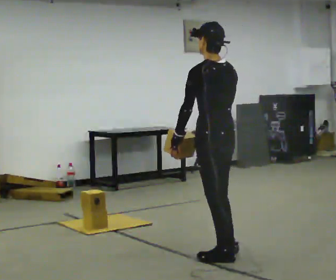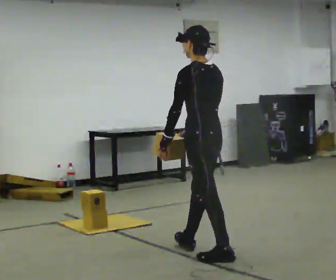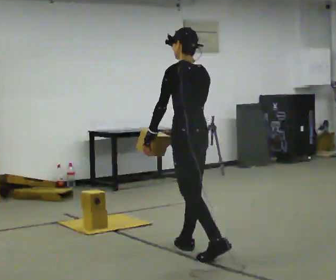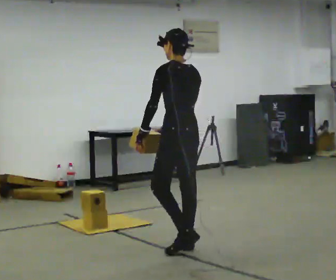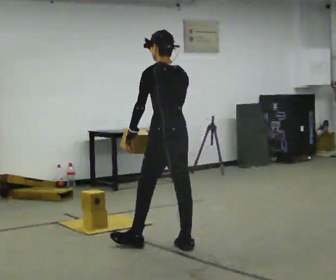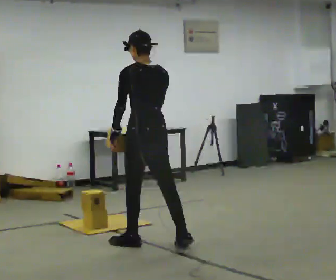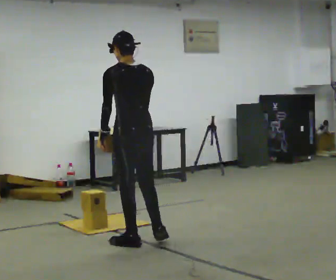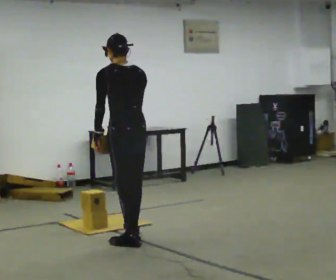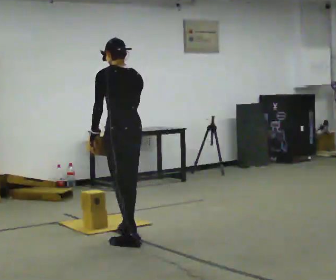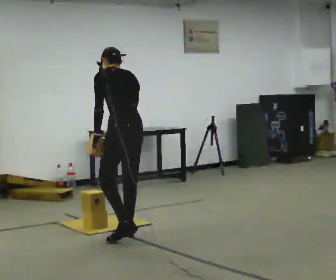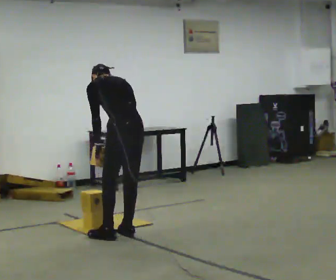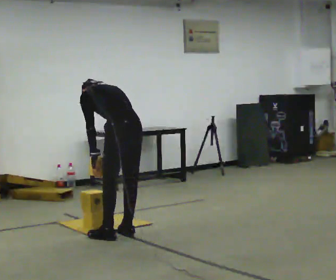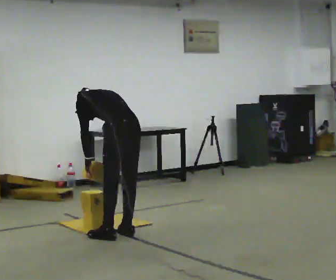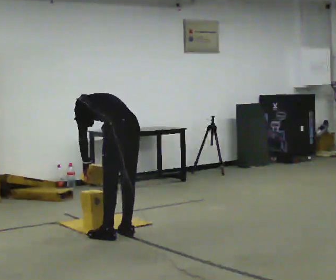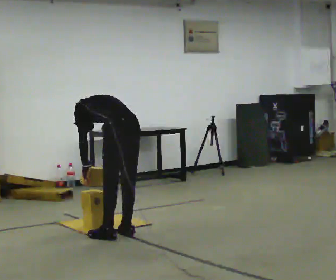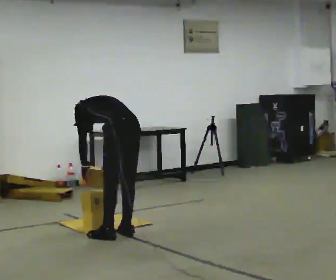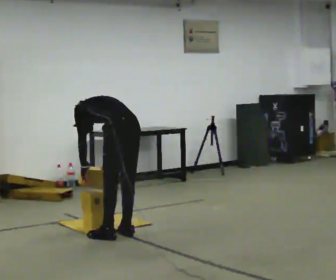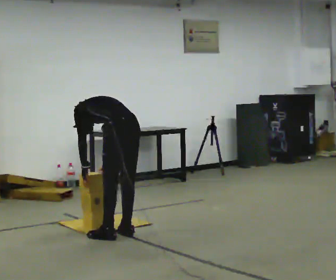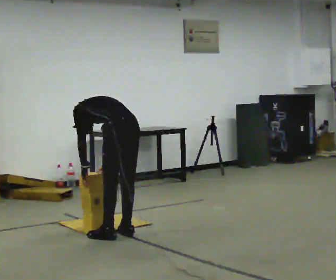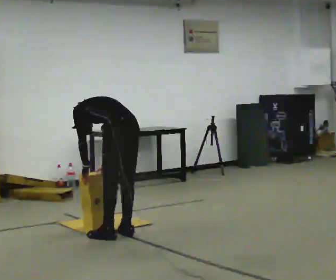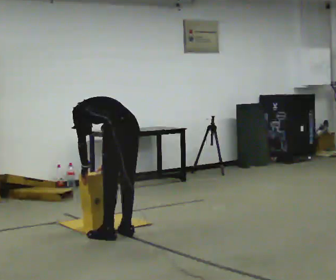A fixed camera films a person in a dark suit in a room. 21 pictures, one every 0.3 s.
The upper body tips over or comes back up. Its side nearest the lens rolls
upward.
The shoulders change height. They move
downward.
0.0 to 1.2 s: In the picture they go away from the camera and to the left, about 0.5 m in 1 step, which for them is forward.
1.2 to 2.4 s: In the picture they go to the left and away from the camera, about 0.5 m in 2 steps, which for them is forward and to their left.
2.4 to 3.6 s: The shoulders move downward. The upper body tips away from the camera, its near side rolling upward, as they bend forward.
3.6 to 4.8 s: The person moves a little, or ends about where they began.
4.8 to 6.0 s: The person keeps their place and pose.
The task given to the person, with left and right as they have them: Carry the boxes over one at a time and lay them out on the pallet in the pattern the operator shows you. Keep going until the operator says stop; one object at a time, and do not rush between trips.
The film runs forward here.
